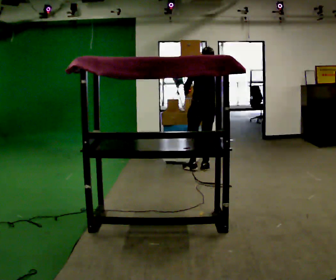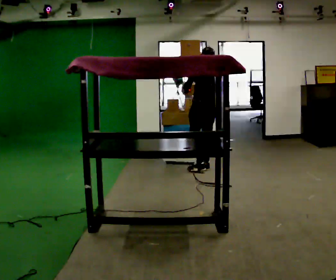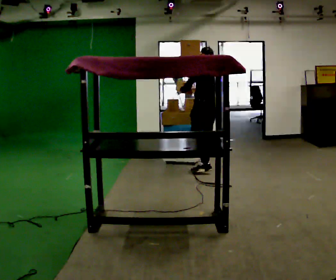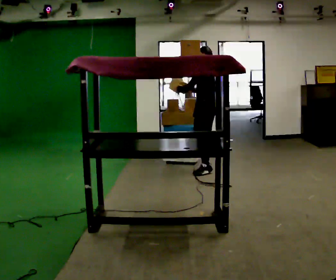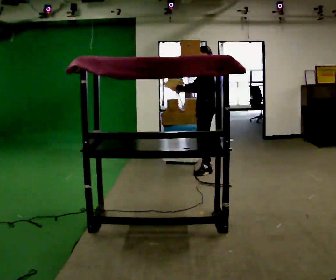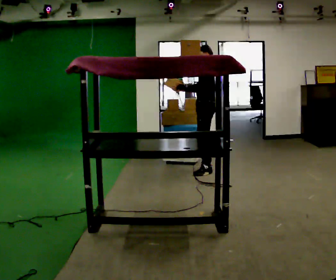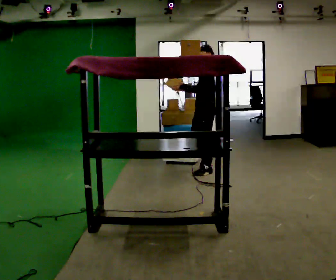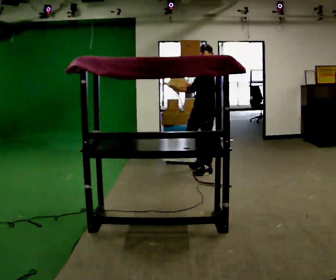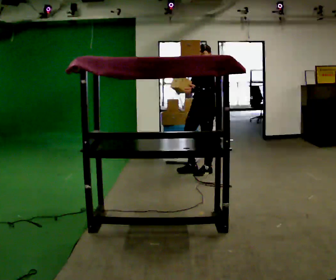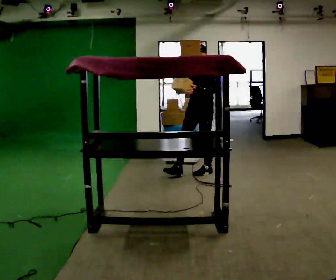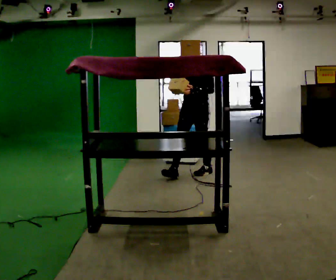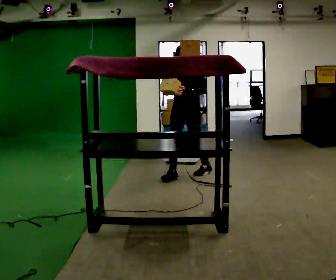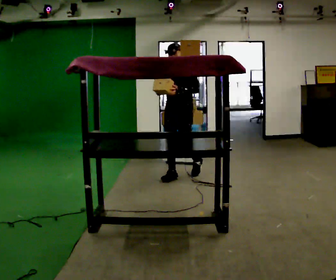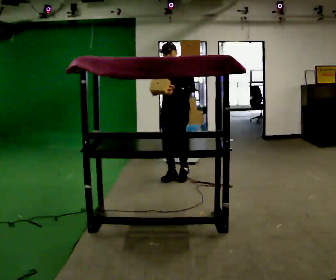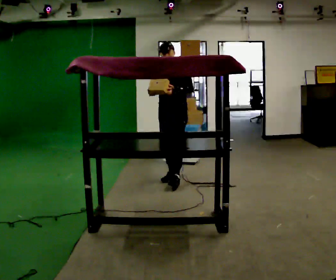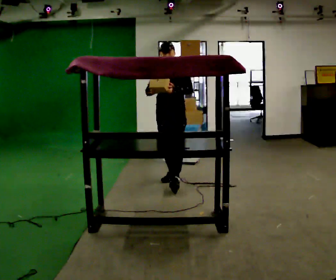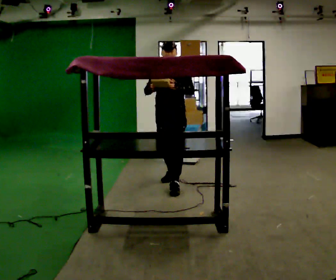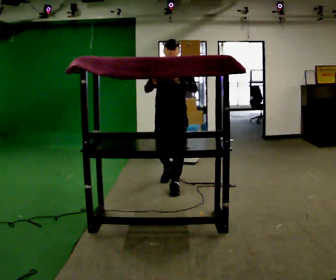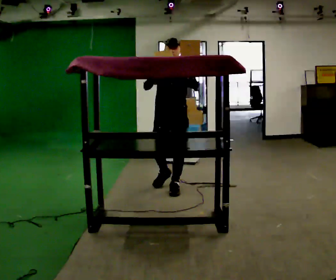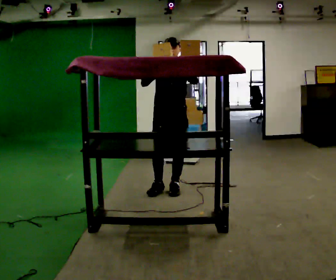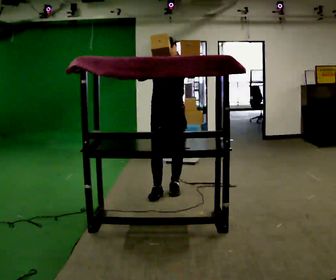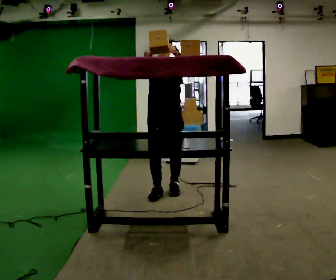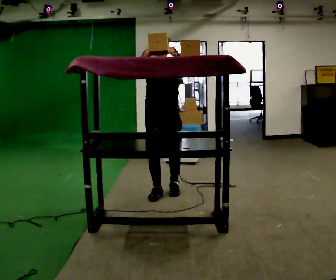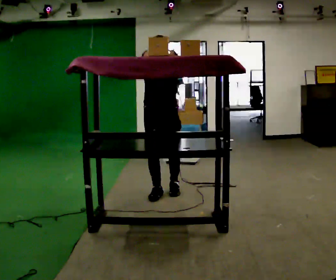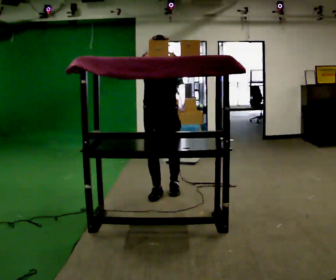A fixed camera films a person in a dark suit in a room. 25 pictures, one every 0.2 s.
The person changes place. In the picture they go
toward the camera.
The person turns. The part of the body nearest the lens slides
to the right.
0.0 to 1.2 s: Seen from above the body turns counterclockwise, about 90 degrees: to their left, with its near side sliding to the right. In the picture they go toward the camera, about 0.25 m in 1 step.
1.2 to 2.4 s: The person turns about 45 degrees to their left, counterclockwise seen from above, so the part of the body nearest the lens slides to the right. In the picture they go to the left and toward the camera, about 0.5 m in 1 step, which for them is forward.
2.4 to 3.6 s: In the picture they go toward the camera, about 0.5 m in 1 step, which for them is forward.
3.6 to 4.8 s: In the picture they go toward the camera, about 0.25 m in 1 step, which for them is forward and to their right.
The film runs forward here.
